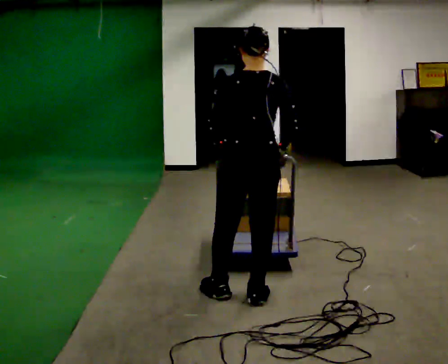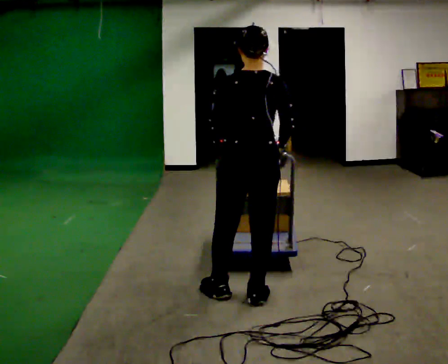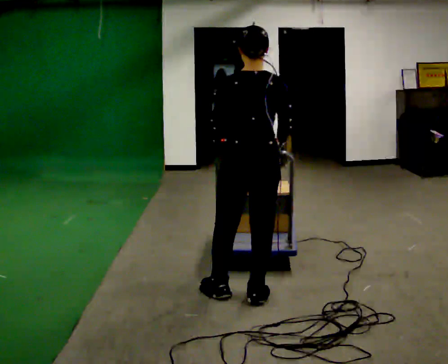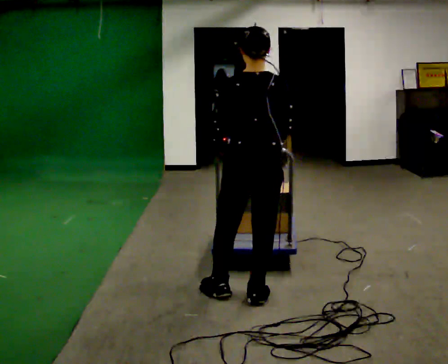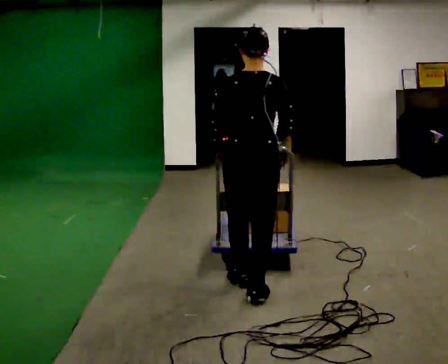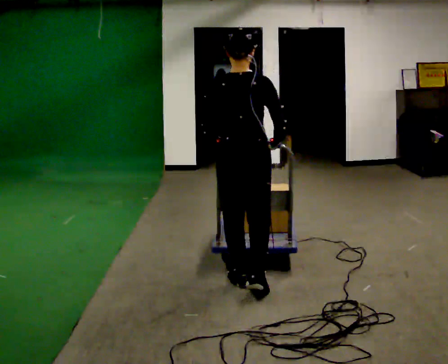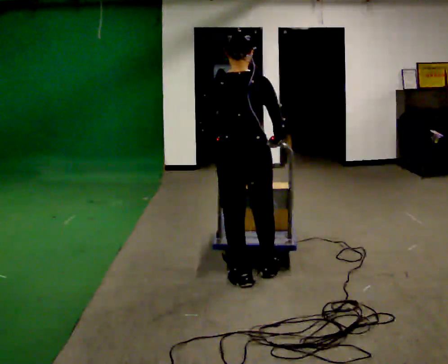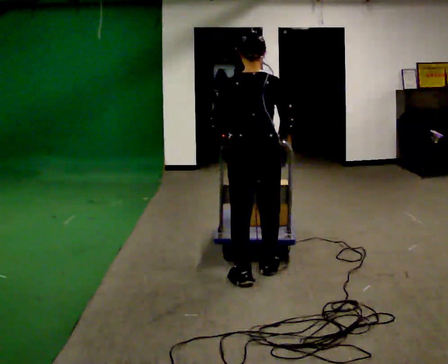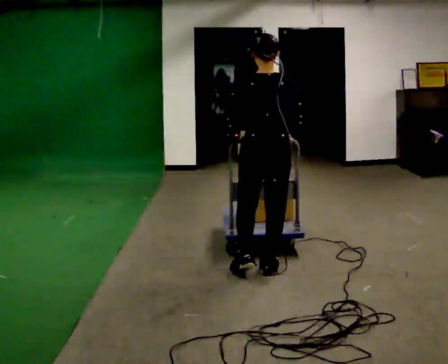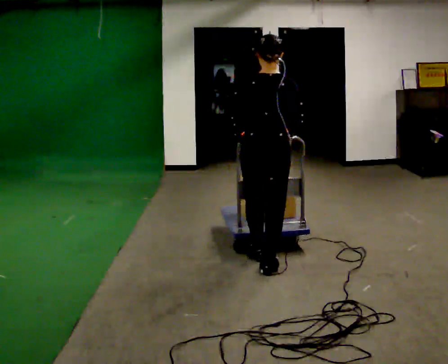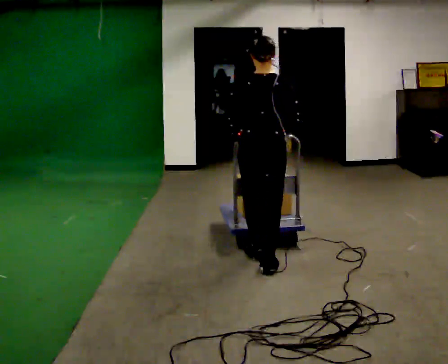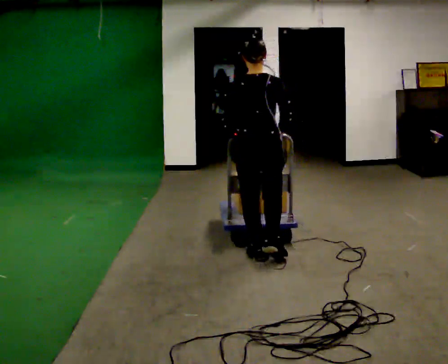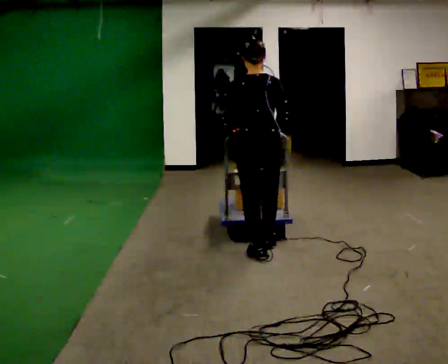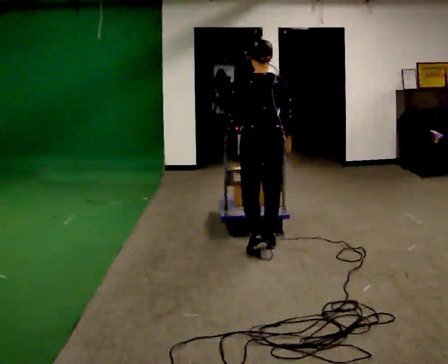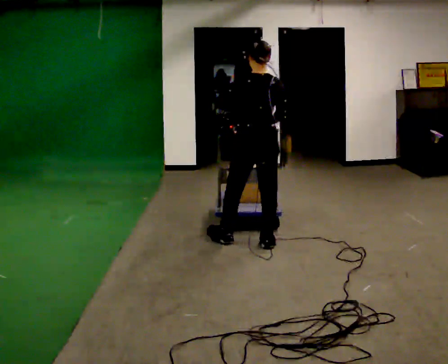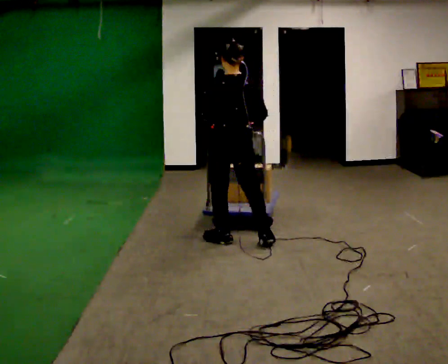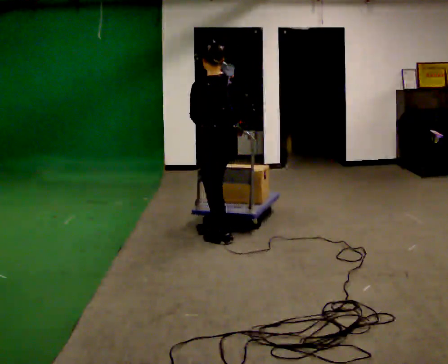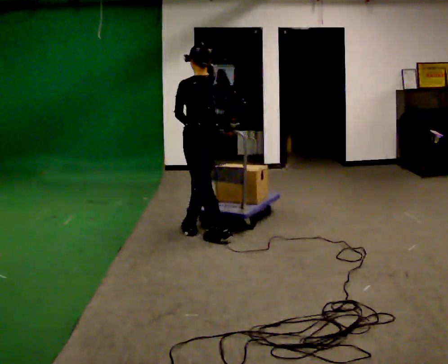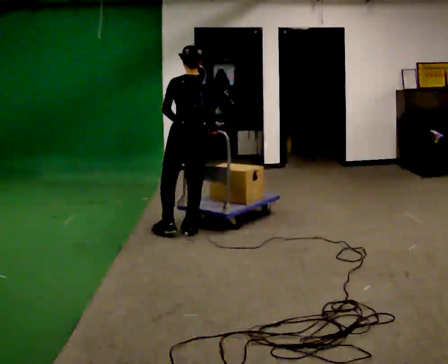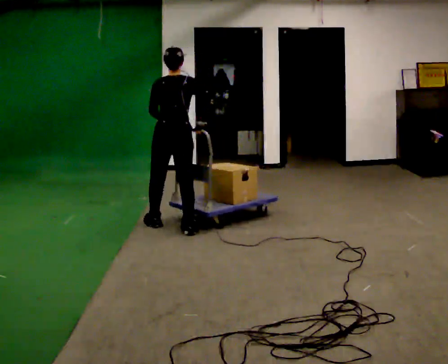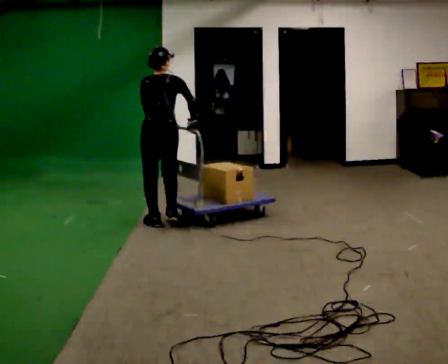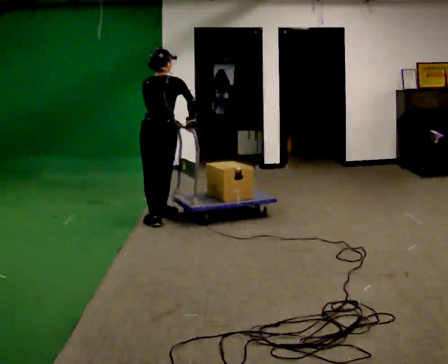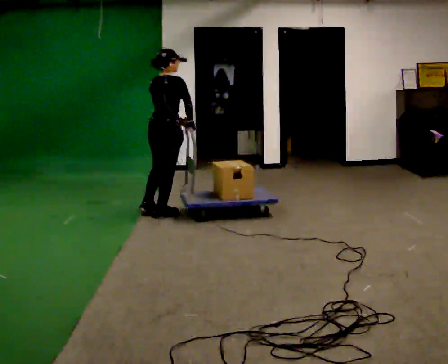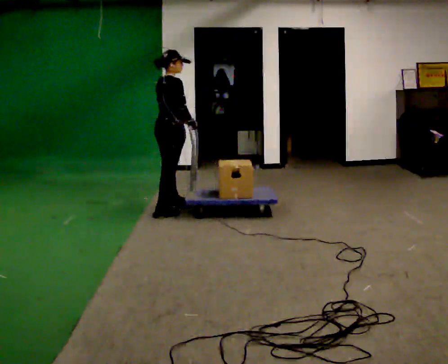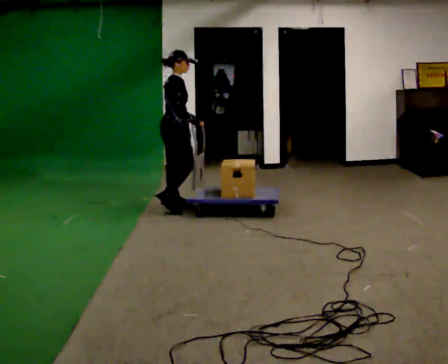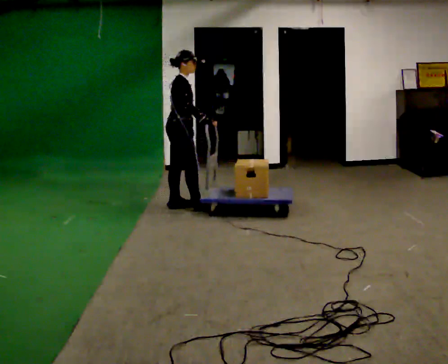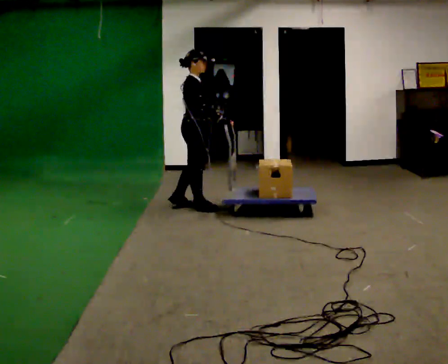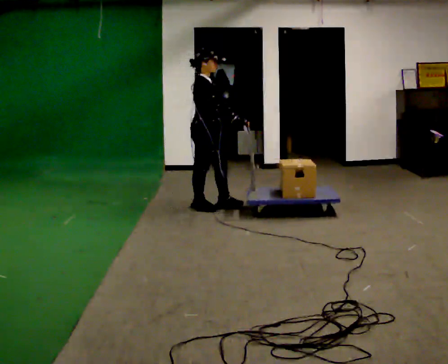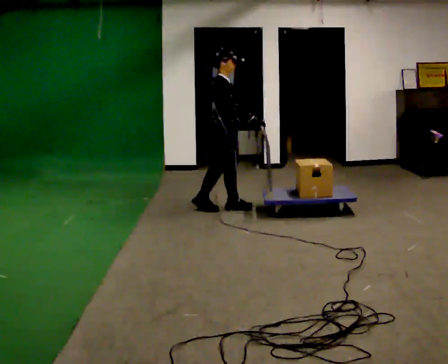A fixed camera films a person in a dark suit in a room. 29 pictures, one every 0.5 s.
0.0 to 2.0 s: The person moves a little, or ends about where they began.
2.0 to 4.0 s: In the picture they go away from the camera, about 0.5 m in 1 step, which for them is forward.
4.0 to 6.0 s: In the picture they go away from the camera, about 0.5 m in 2 steps, which for them is forward.
6.0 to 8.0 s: The part of the body nearest the lens slides to the right as the person turns to their left by about 45 degrees. In the picture they go away from the camera and to the left, about 0.5 m in 1 step, which for them is forward and to their left.
8.0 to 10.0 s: The person turns about 30 degrees to their right, clockwise seen from above, so the part of the body nearest the lens slides to the left. In the picture they go to the left and away from the camera, about 0.75 m in 2 steps, which for them is forward.
10.0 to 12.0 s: Seen from above the body turns clockwise, about 75 degrees: to their right, with its near side sliding to the left. In the picture they go away from the camera, about 0.5 m in 2 steps.
12.0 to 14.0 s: Seen from above the body turns clockwise, about 30 degrees: to their right, with its near side sliding to the left. In the picture they go to the right, about 0.5 m in 2 steps, which for them is forward.
The film runs forward here.
